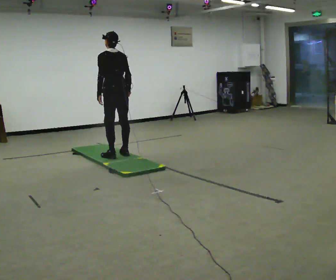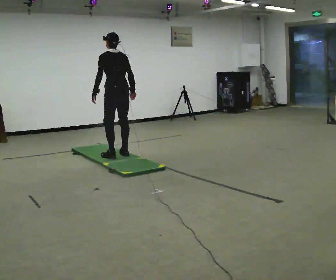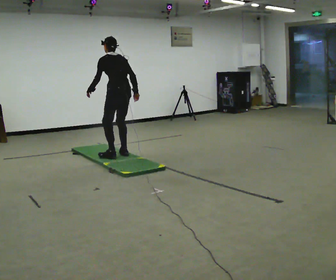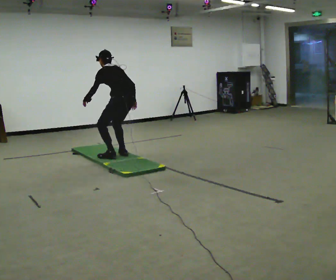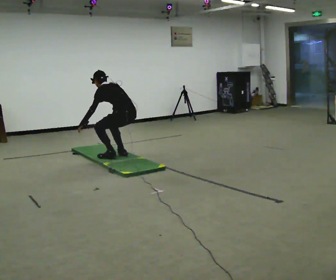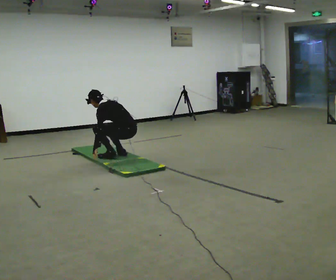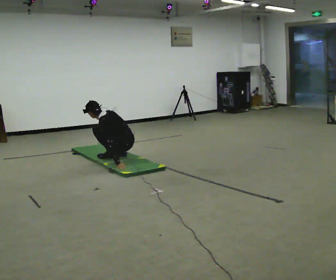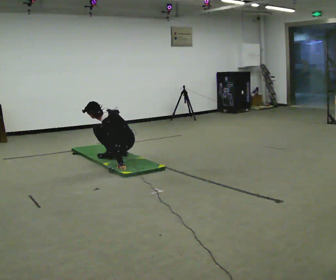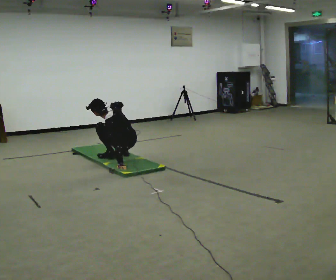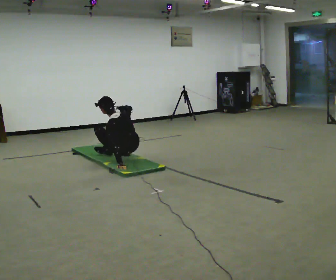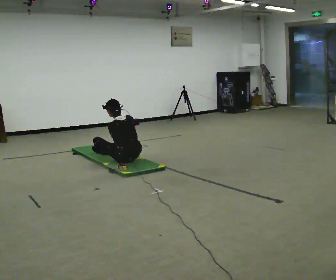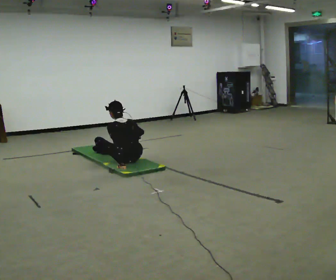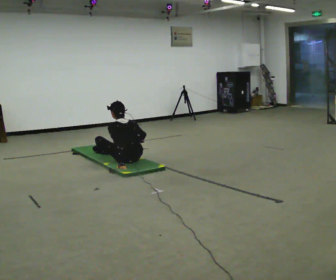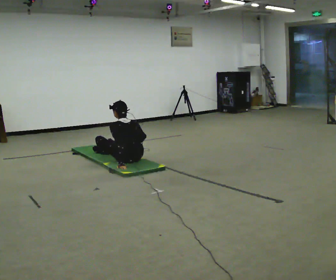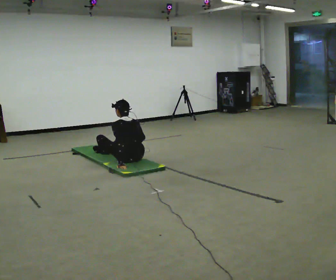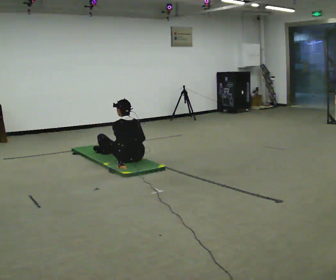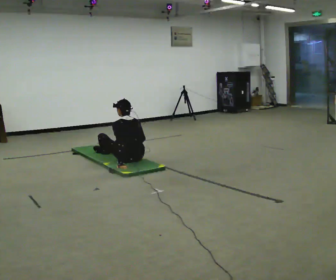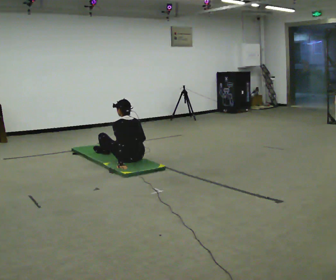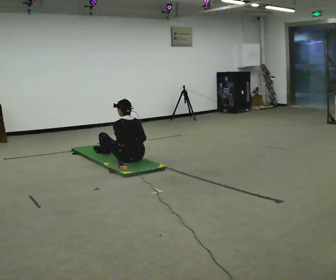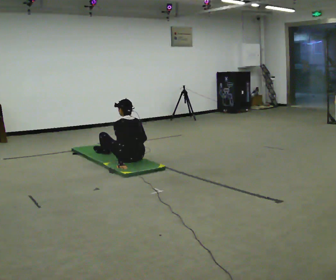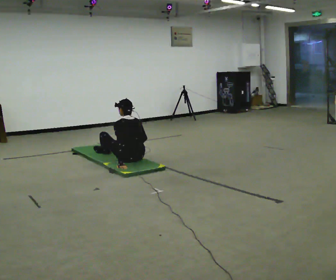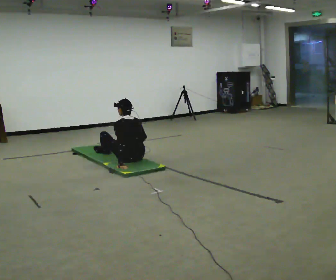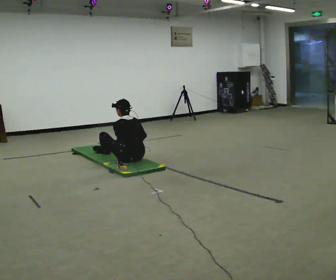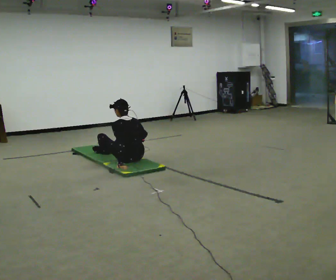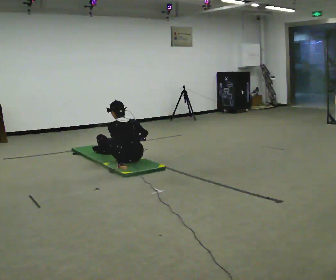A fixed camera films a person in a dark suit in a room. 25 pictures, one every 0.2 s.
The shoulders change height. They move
downward.
Their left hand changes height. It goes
downward.
0.0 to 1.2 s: The person turns about 30 degrees to their left, counterclockwise seen from above, so the part of the body nearest the lens slides to the right. The upper body goes downward. In the picture the upper body tilts counterclockwise, shoulders to the left. In the picture their right hand goes downward.
1.2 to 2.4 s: In the picture they go toward the camera, about 0.25 m in 2 steps, which for them is backward. In the picture the upper body tilts clockwise, shoulders to the right, as they lean back or straighten.
2.4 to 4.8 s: The person moves a little, or ends about where they began.
The film runs backward here.
